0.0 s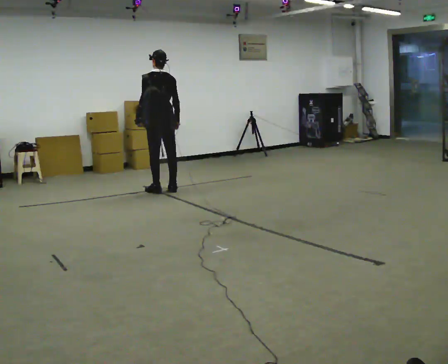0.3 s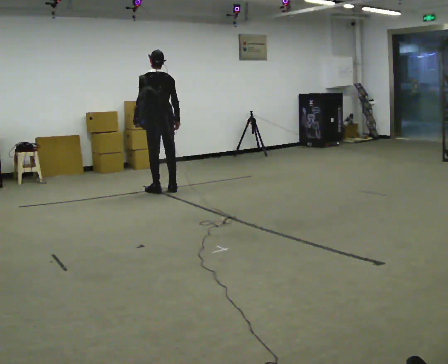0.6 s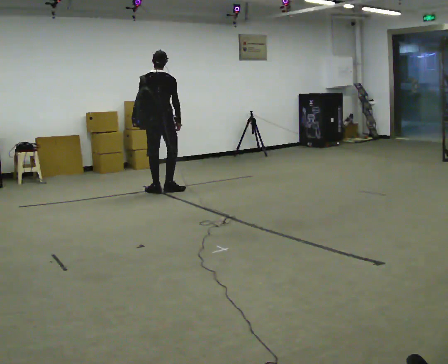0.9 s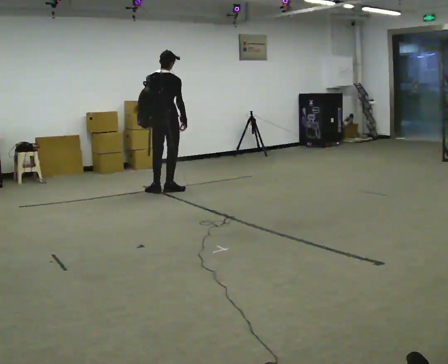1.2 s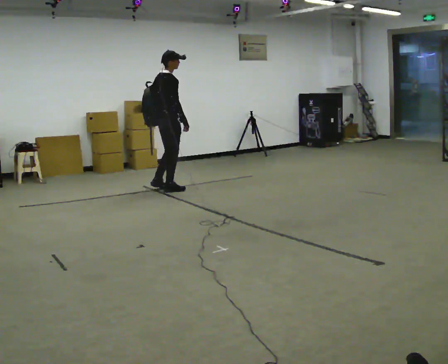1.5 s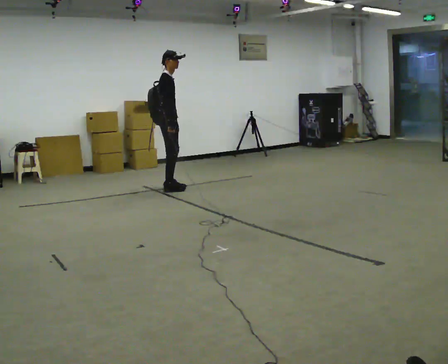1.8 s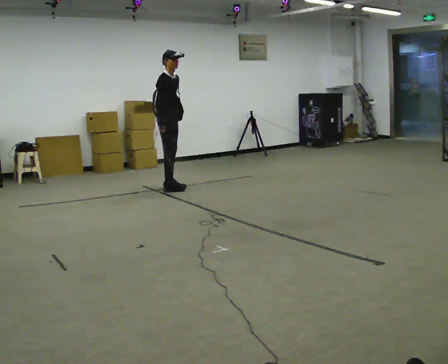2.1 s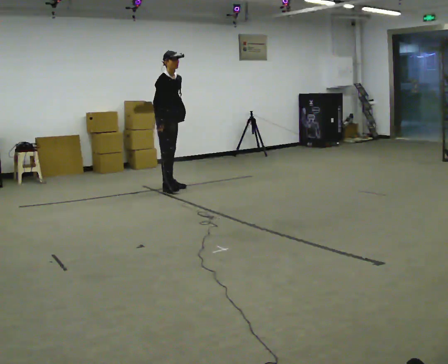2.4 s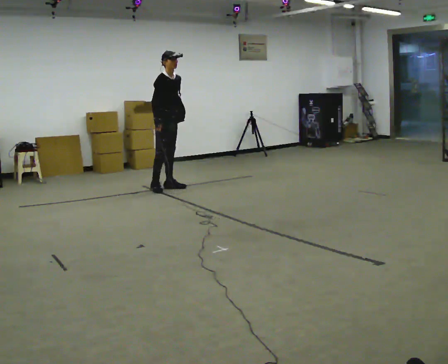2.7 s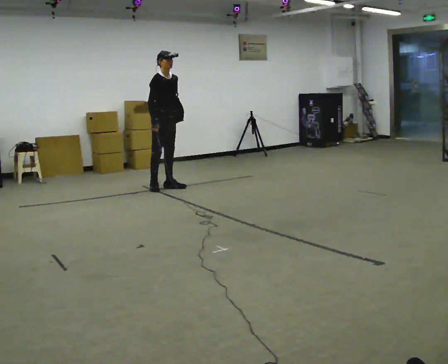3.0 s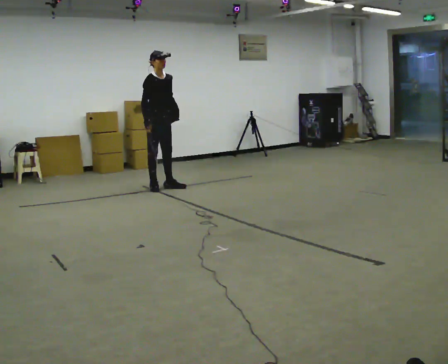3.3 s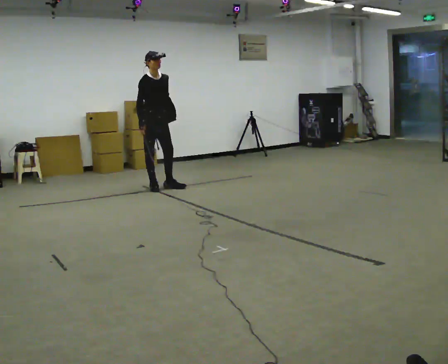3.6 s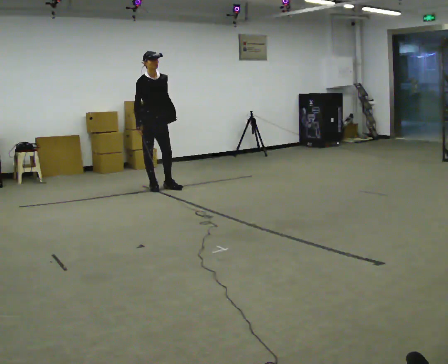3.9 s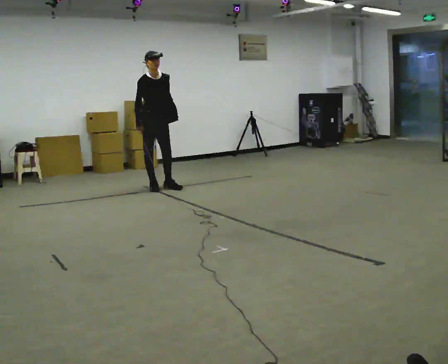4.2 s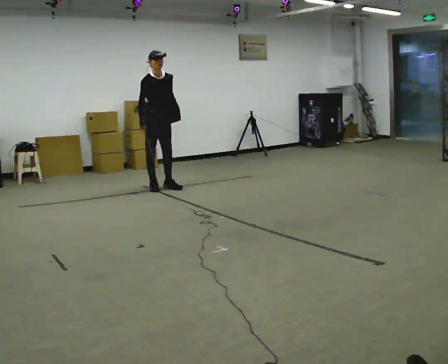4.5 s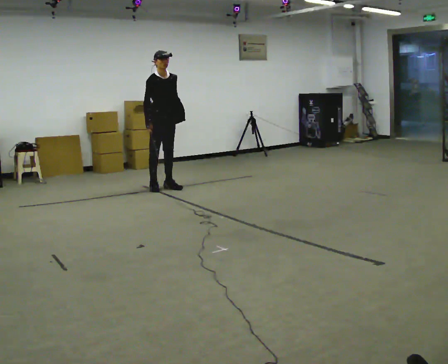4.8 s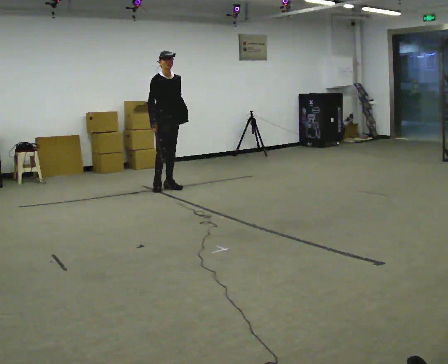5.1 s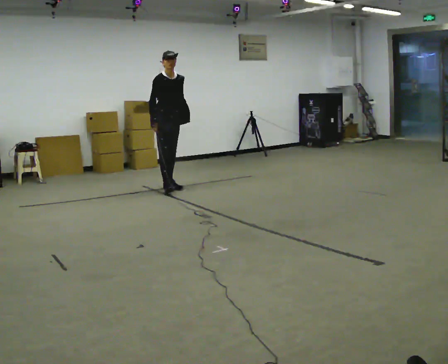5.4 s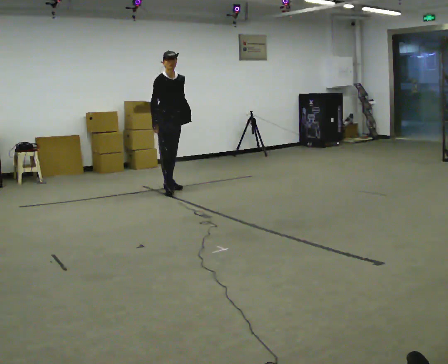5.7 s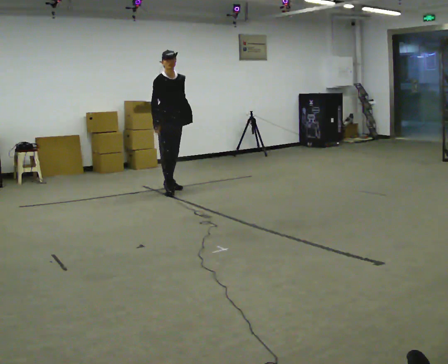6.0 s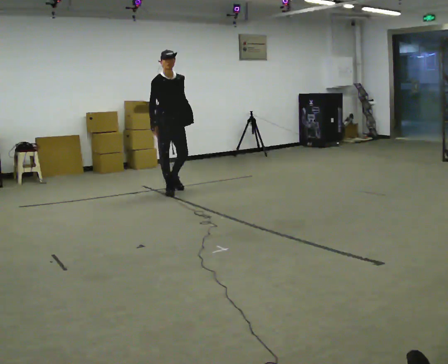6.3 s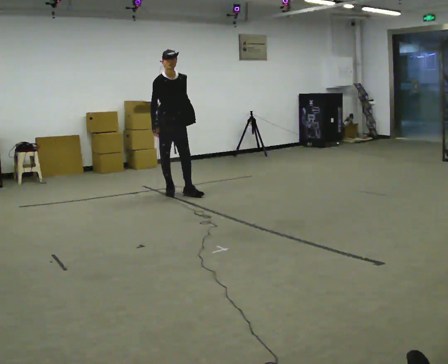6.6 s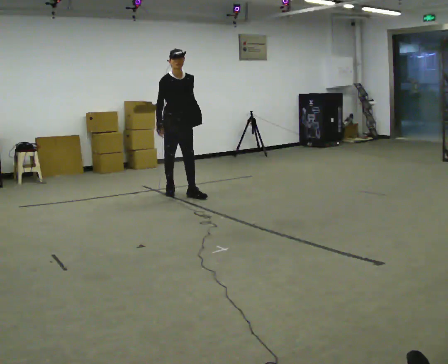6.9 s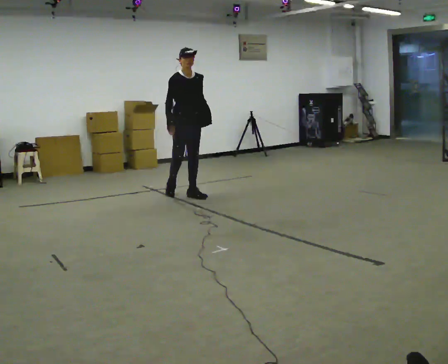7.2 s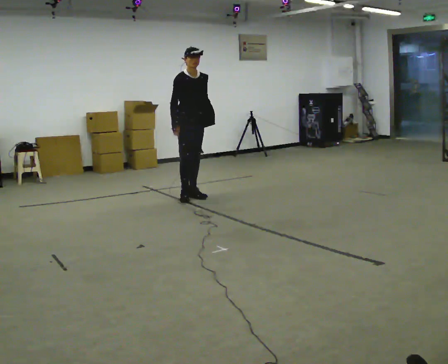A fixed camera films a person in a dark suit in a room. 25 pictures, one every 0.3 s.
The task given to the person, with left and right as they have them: Put the soft bag up onto your shoulder and carry it across the room, back and forth.
0.0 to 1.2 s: The person turns about 90 degrees to their right, clockwise seen from above, so the part of the body nearest the lens slides to the left.
1.2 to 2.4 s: Seen from above the body turns clockwise, about 60 degrees: to their right, with its near side sliding to the left. In the picture they go away from the camera, about 0.25 m in 1 step. In the picture their right hand goes to the left.
2.4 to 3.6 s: In the picture they go to the left, about 0.25 m in 1 step, which for them is to their right.
3.6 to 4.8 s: In the picture they go to the right, about 0.25 m, which for them is to their left.
4.8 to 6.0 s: In the picture they go toward the camera, about 0.25 m in 1 step, which for them is forward and to their right.
6.0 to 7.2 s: In the picture they go toward the camera and to the right, about 0.25 m in 1 step, which for them is forward.
The film runs forward here.
